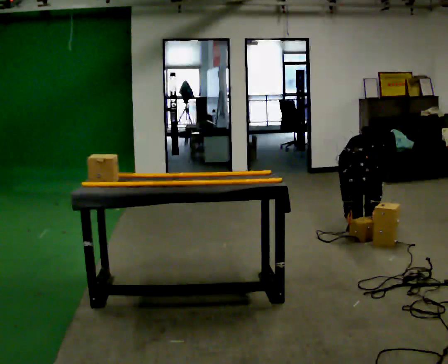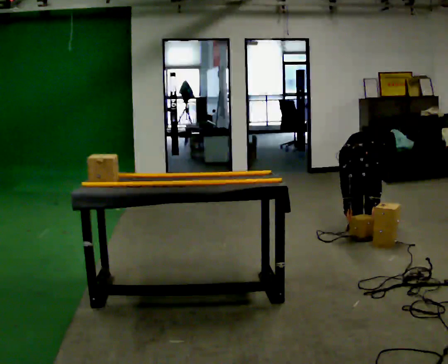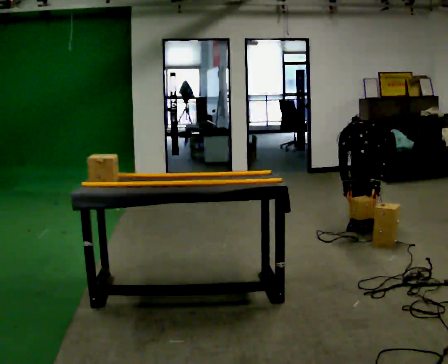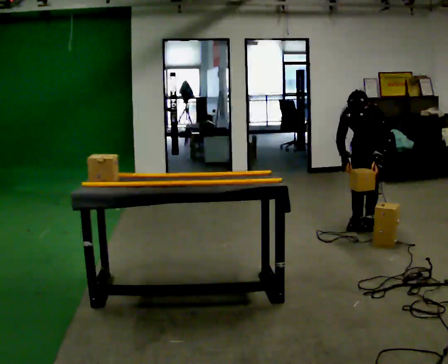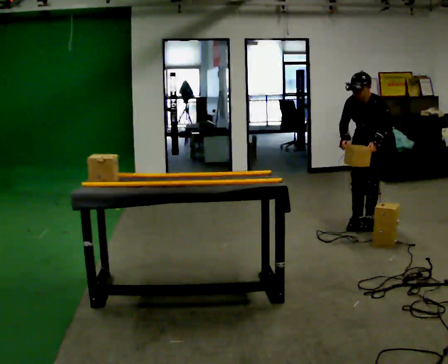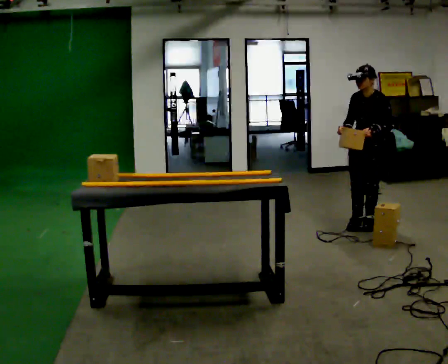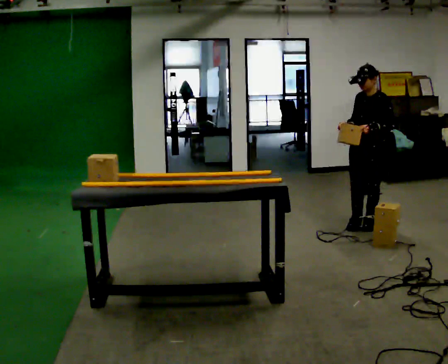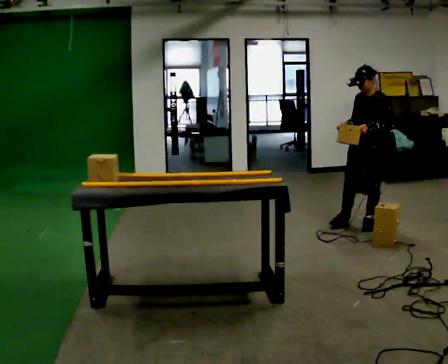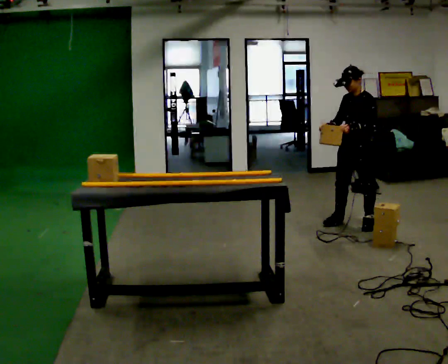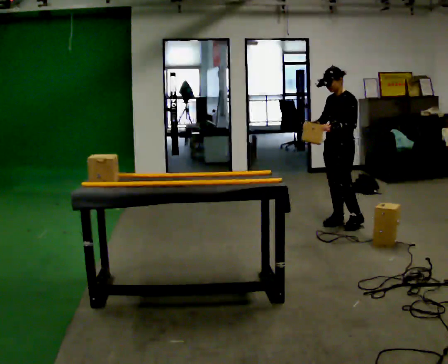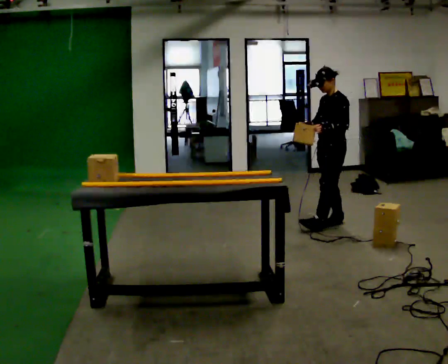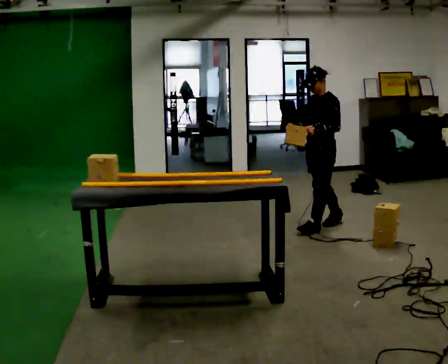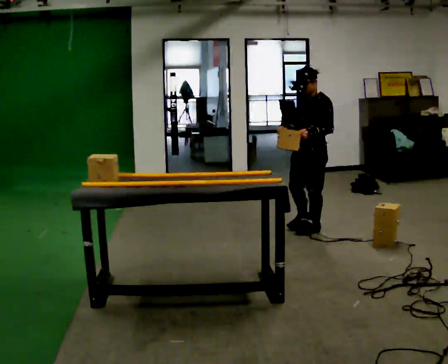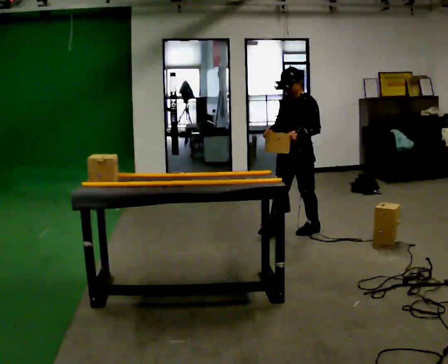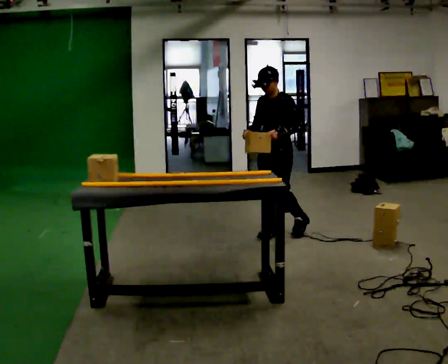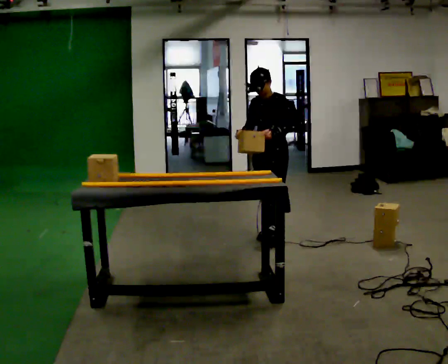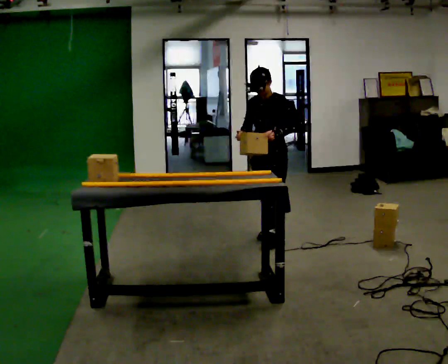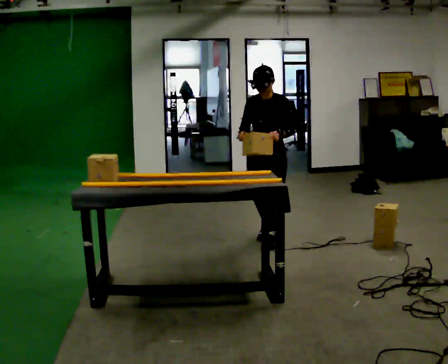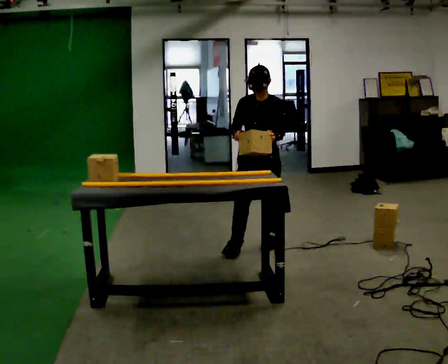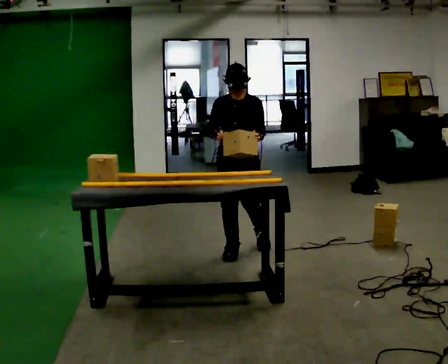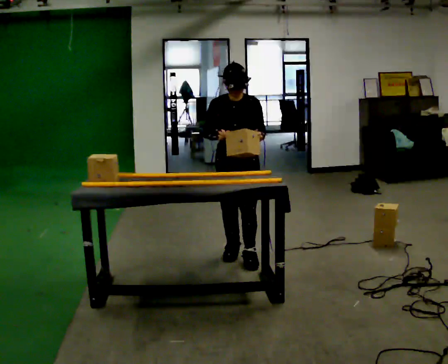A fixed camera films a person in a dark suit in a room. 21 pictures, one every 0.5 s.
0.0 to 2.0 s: The upper body goes upward. The upper body tips away from the camera, its near side rolling upward, as they lean back or straighten. In the picture their right hand goes upward.
2.0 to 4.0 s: The person moves a little, or ends about where they began.
4.0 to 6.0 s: In the picture they go to the left and toward the camera, about 0.5 m in 1 step, which for them is forward.
6.0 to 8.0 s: In the picture they go to the left and toward the camera, about 0.5 m in 2 steps, which for them is forward and to their right.
8.0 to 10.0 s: The part of the body nearest the lens slides to the right as the person turns to their left by about 30 degrees. In the picture they go toward the camera, about 0.5 m in 2 steps, which for them is forward.
The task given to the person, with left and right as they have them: Carry the object across the room and slide it into the slot on the shelf. It is a close fit, so take the time you need. Keep going until the operator says stop; one object at a time, and do not rush between trips.
The film runs forward here.
